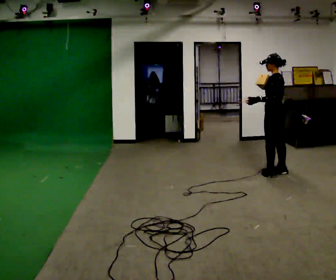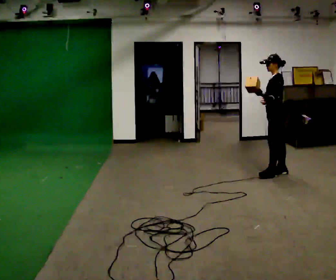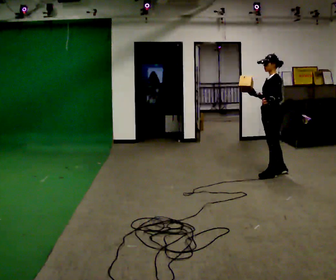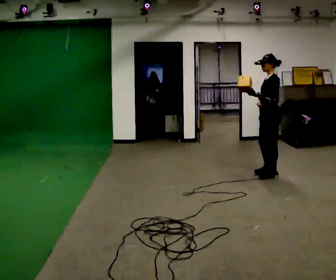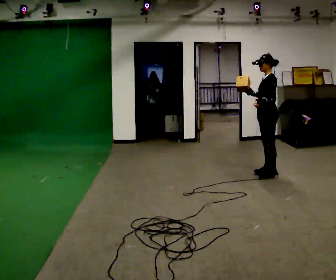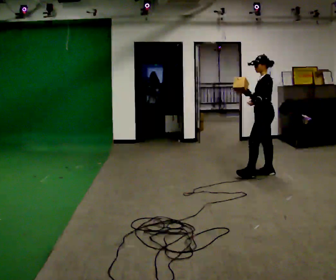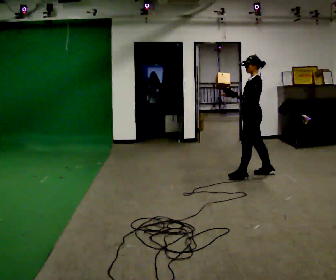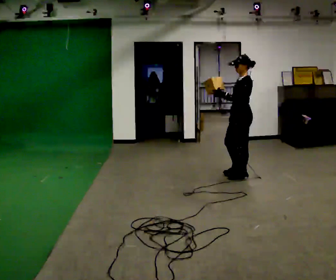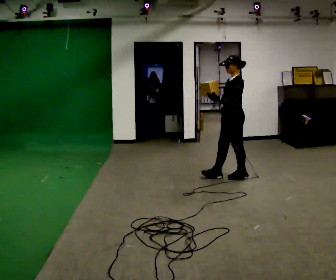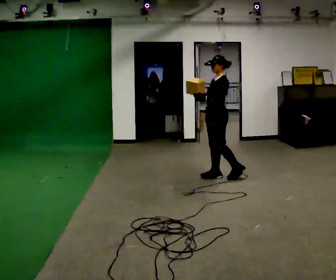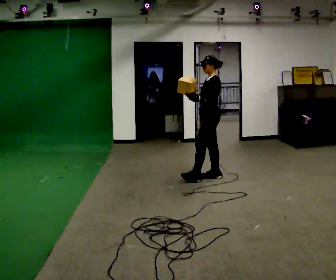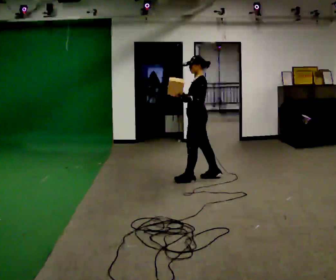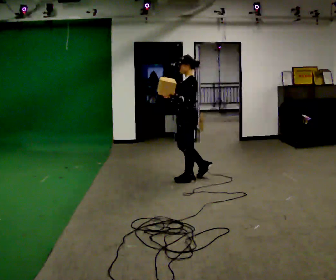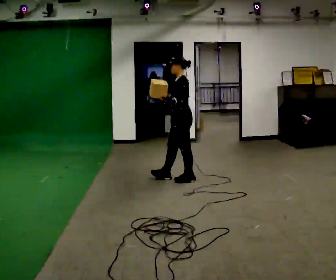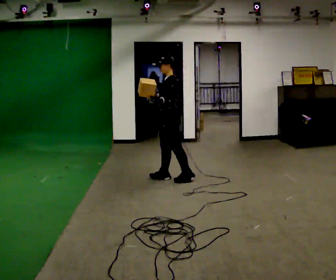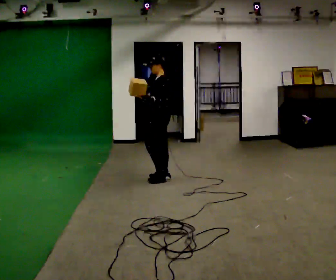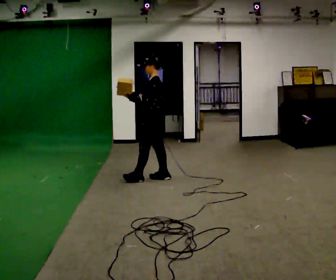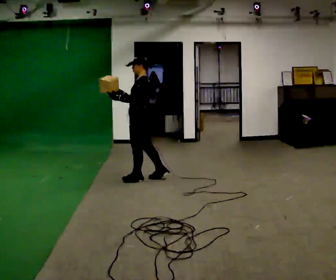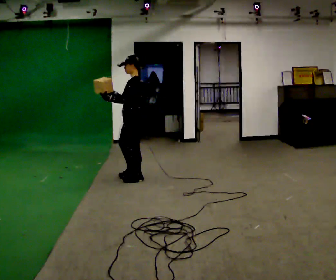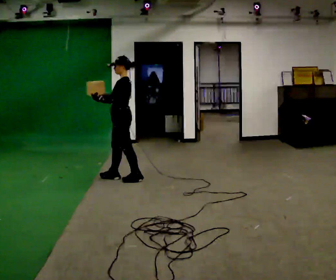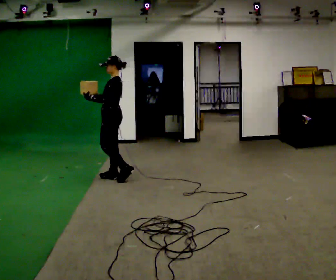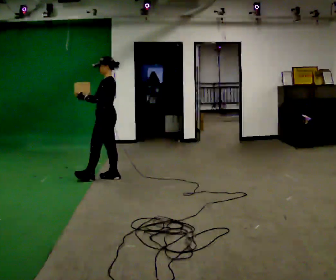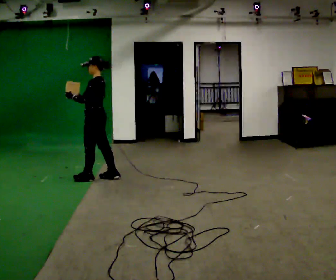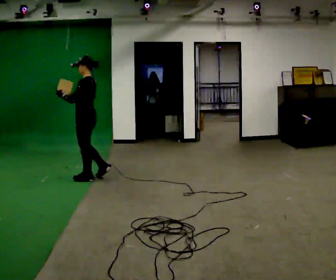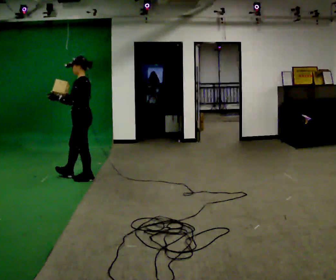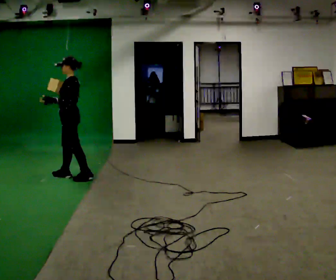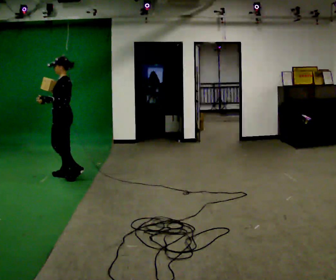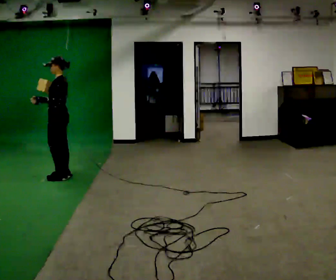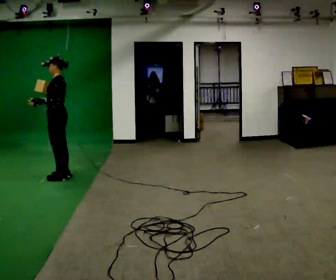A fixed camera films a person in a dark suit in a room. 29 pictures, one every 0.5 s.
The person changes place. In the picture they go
to the left.
0.0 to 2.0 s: The part of the body nearest the lens slides to the right as the person turns to their left by about 30 degrees.
2.0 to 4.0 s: In the picture they go to the left, about 0.5 m in 2 steps, which for them is forward.
4.0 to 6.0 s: In the picture they go to the left, about 0.5 m in 1 step, which for them is forward.
6.0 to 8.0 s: In the picture they go to the left, about 0.5 m in 2 steps, which for them is forward.
8.0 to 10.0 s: In the picture they go to the left, about 0.5 m in 1 step, which for them is forward.
10.0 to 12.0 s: In the picture they go to the left and toward the camera, about 0.5 m in 1 step, which for them is forward.
12.0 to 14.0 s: In the picture they go to the left, about 0.25 m in 2 steps, which for them is forward.
The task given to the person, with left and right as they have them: Carry the object in one hand and, while walking, pass it to your other hand. Keep passing it back and forth as you walk.
The film runs forward here.
